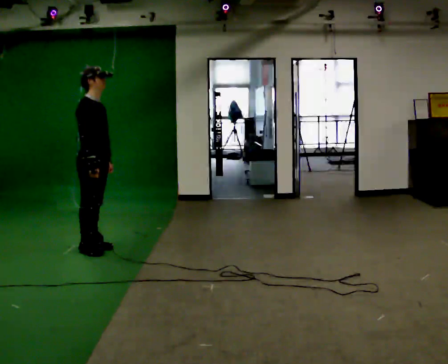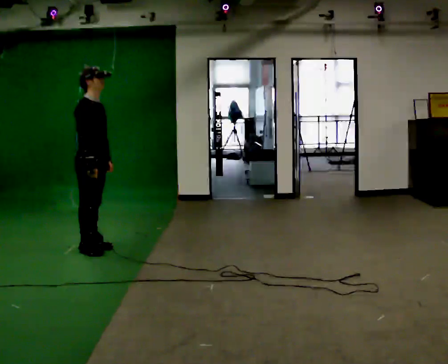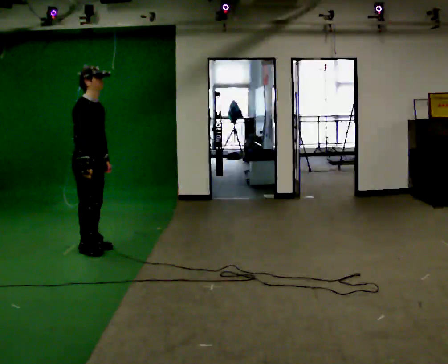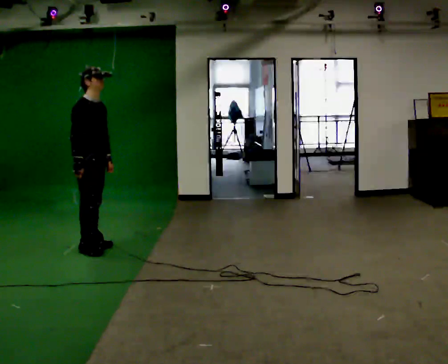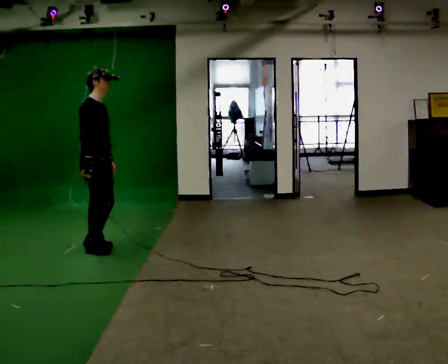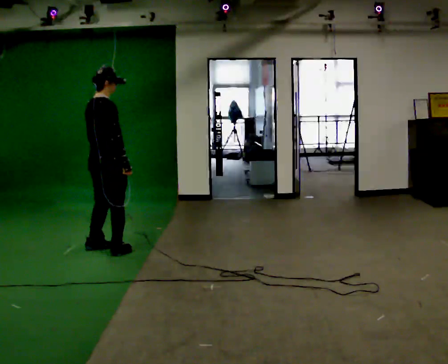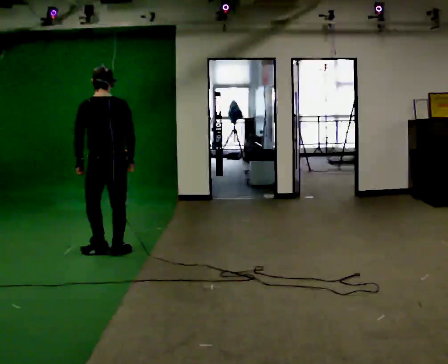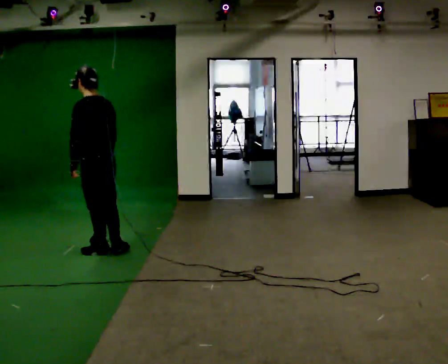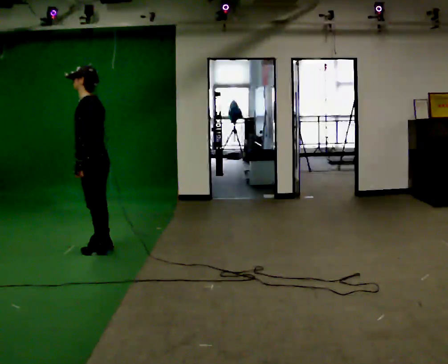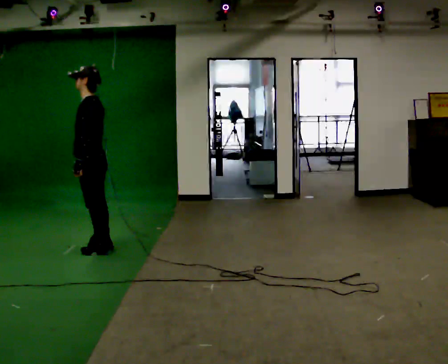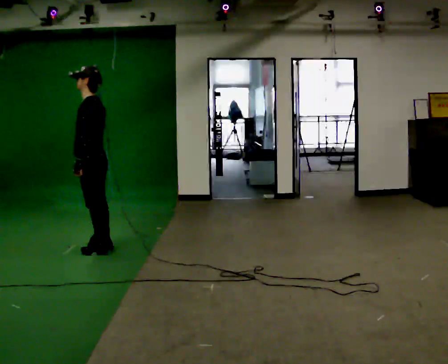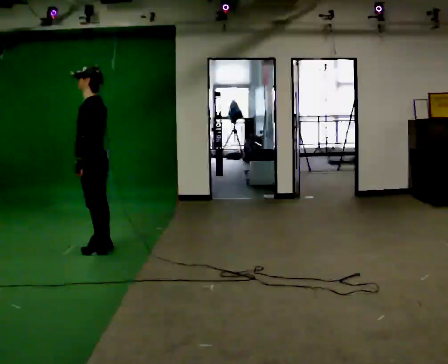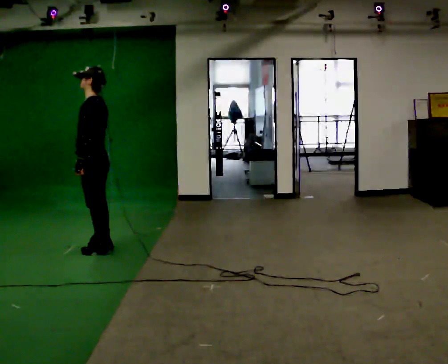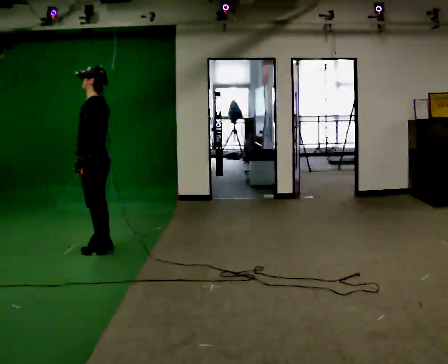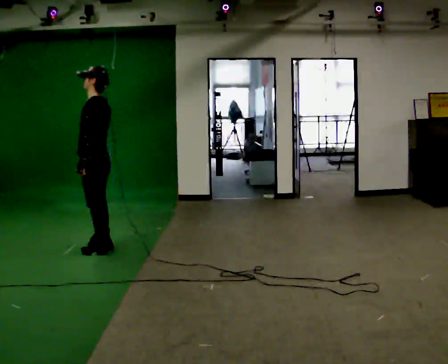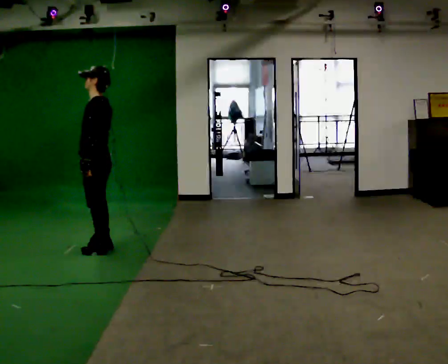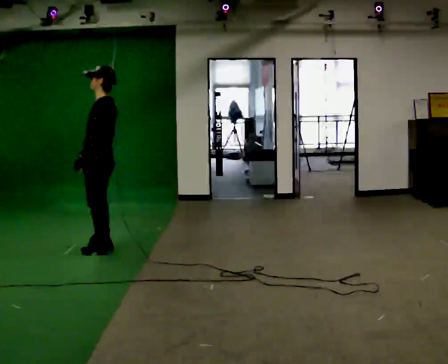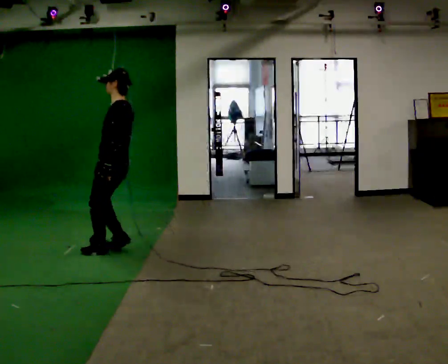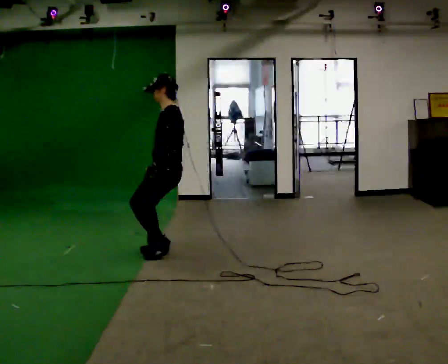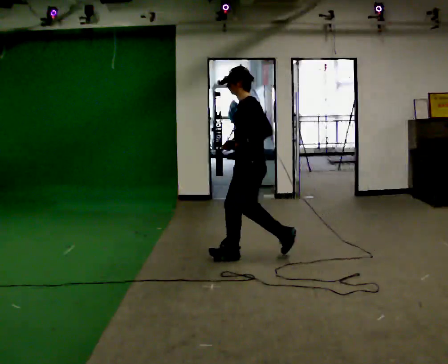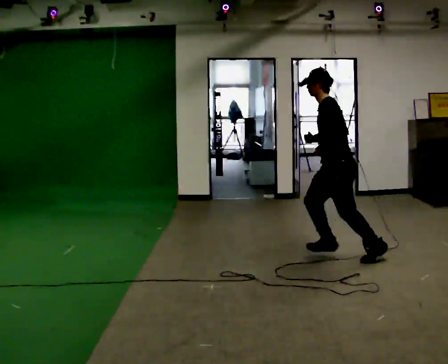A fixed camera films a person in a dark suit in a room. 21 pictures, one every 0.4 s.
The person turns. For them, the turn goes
to their left.
The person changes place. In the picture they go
to the right.
0.0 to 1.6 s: The person moves a little, or ends about where they began.
1.6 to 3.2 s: The part of the body nearest the lens slides to the right as the person turns to their left by about 180 degrees.
3.2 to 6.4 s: The person moves a little, or ends about where they began.
6.4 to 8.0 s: In the picture they go to the right, about 2 m in 4 steps, which for them is backward. In the picture the upper body tilts counterclockwise, shoulders to the left, as they bend forward.
The film runs backward here.
